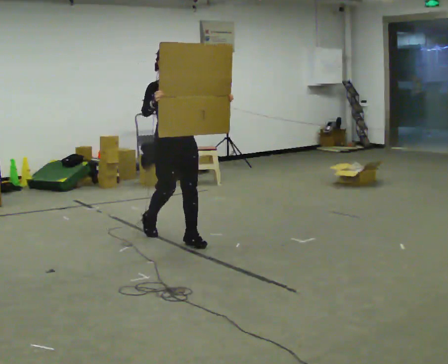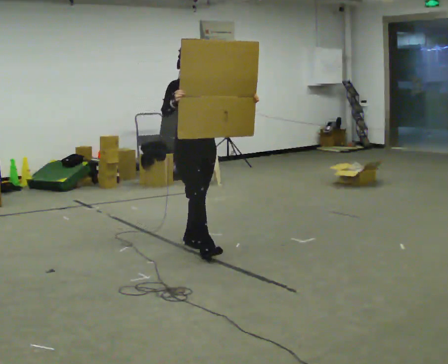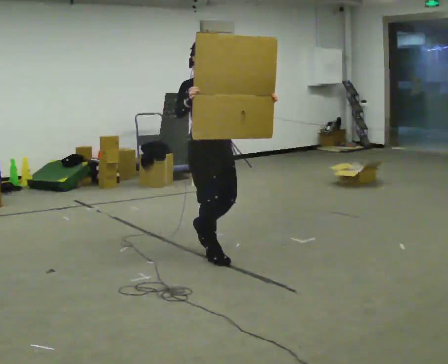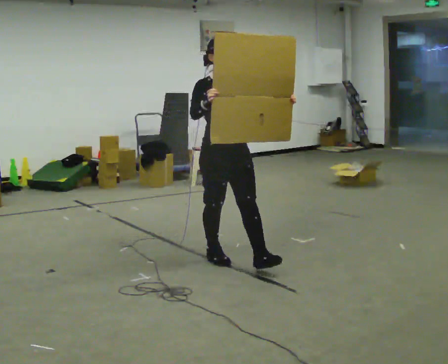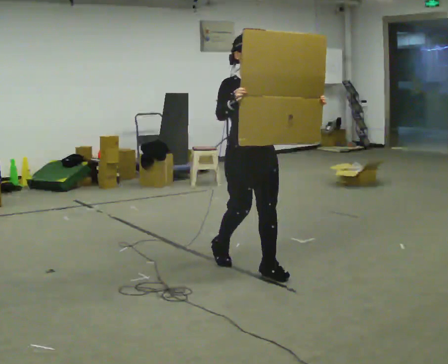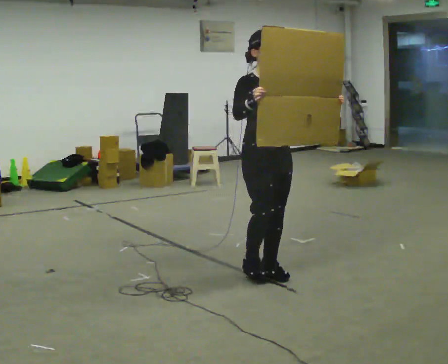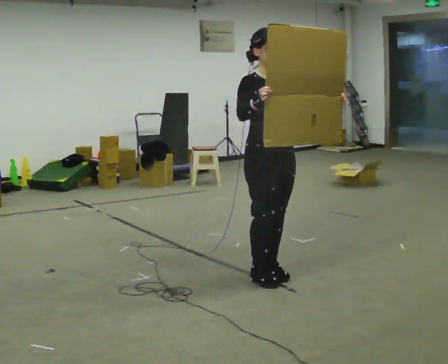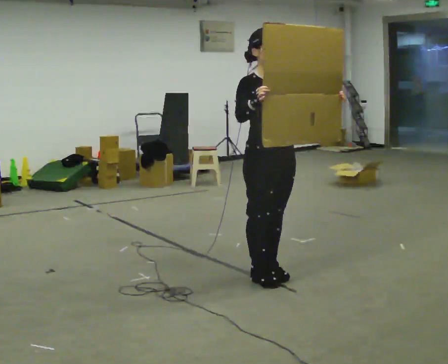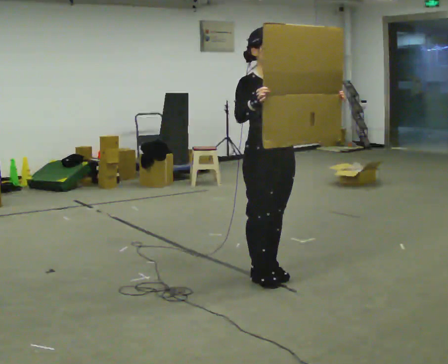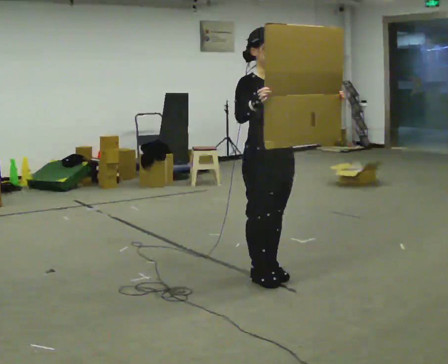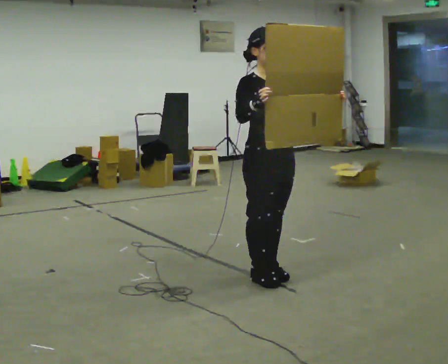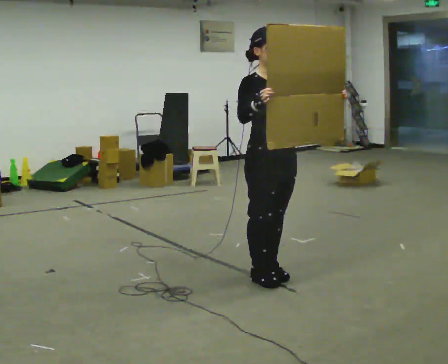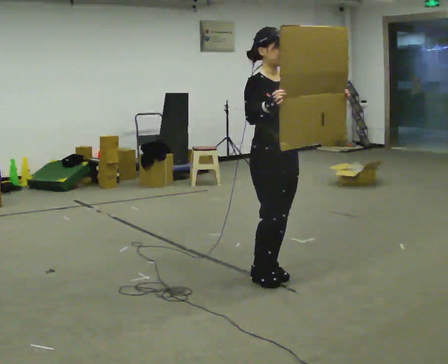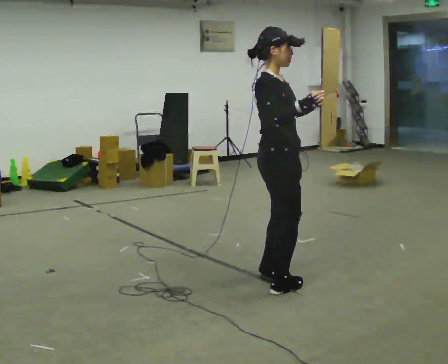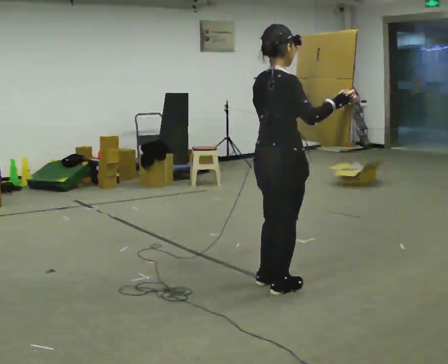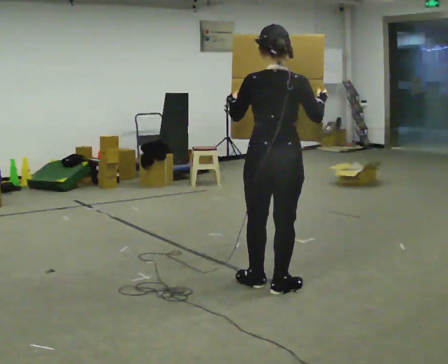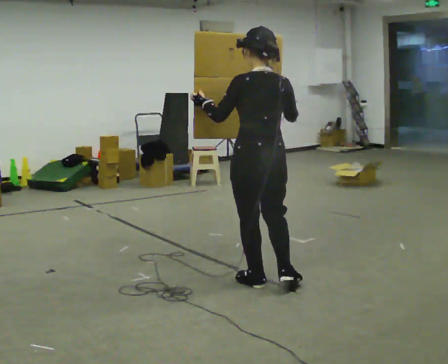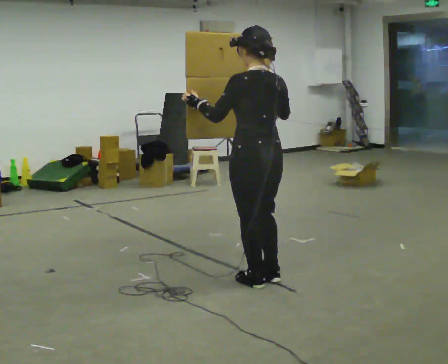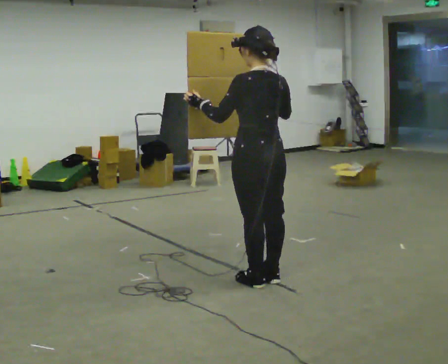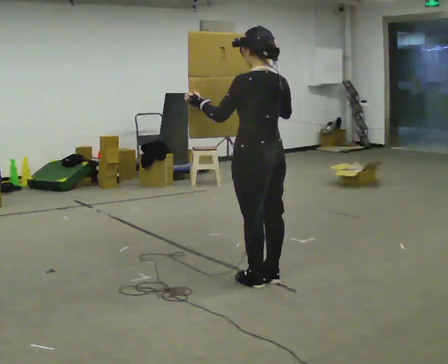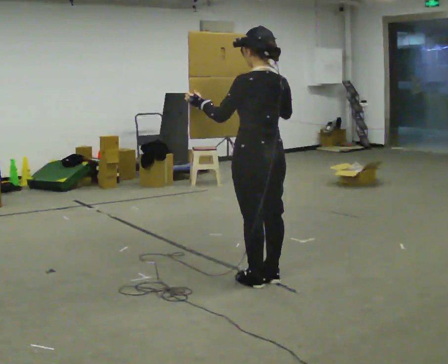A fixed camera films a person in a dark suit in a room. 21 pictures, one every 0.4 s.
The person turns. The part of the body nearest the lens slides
to the right.
The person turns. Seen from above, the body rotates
counterclockwise.
0.0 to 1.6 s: In the picture they go toward the camera and to the right, about 1 m in 2 steps, which for them is forward.
1.6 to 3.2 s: In the picture they go toward the camera, about 0.25 m in 1 step, which for them is forward.
3.2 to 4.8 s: The person moves a little, or ends about where they began.
4.8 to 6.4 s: Seen from above the body turns counterclockwise, about 150 degrees: to their left, with its near side sliding to the right. In the picture their left hand goes to the left.
6.4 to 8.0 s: The person moves a little, or ends about where they began.
The film runs forward here.
